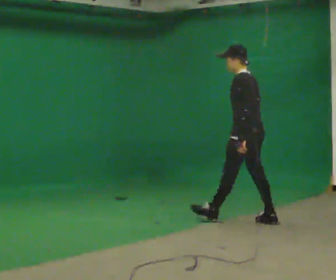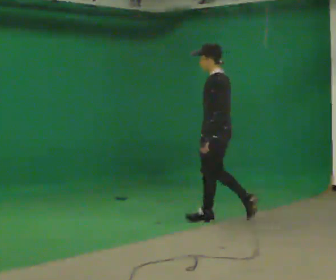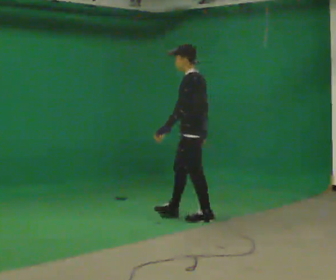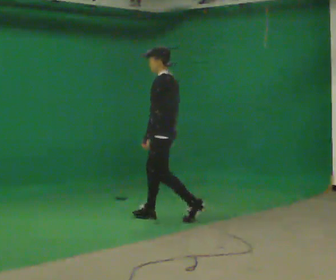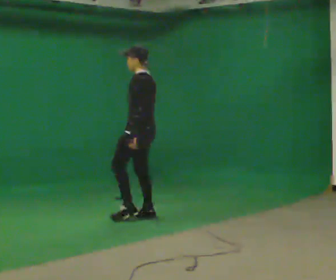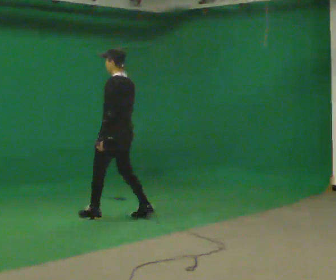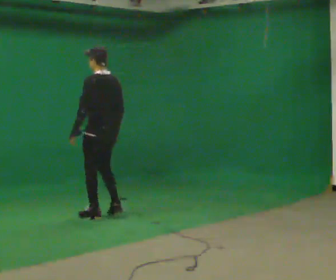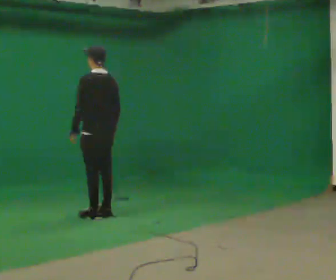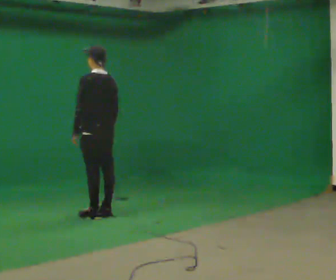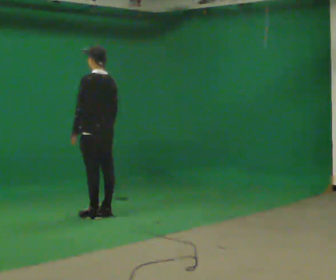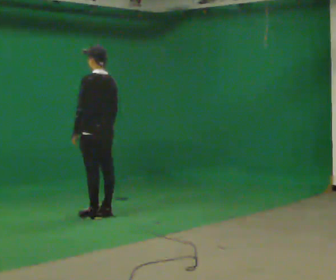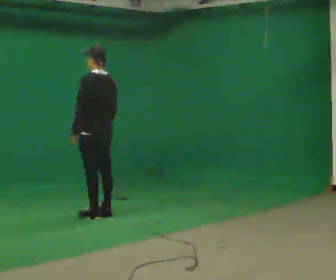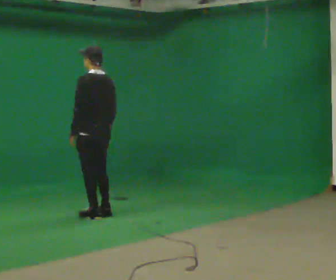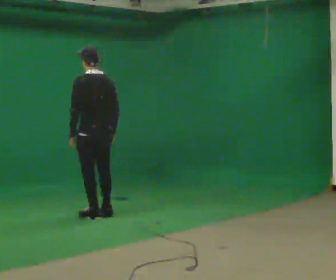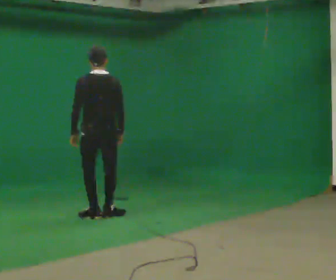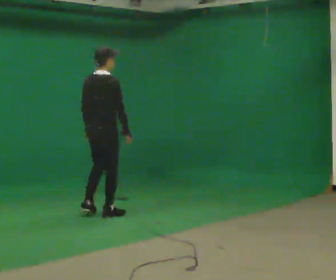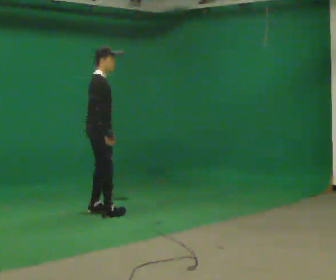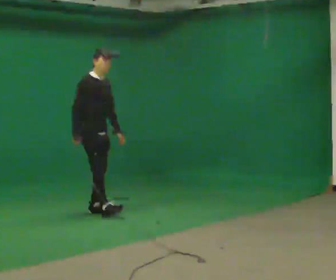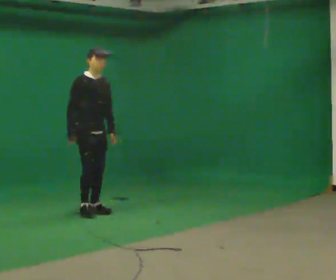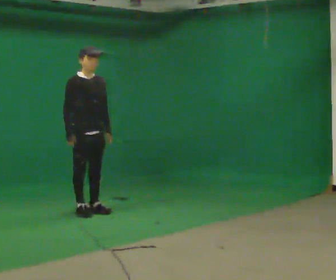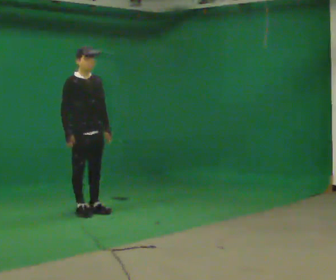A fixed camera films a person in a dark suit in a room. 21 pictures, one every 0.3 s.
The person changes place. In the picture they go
to the left.
The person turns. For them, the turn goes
to their right.
0.0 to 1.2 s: In the picture they go to the left and away from the camera, about 1 m in 2 steps, which for them is forward.
1.2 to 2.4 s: In the picture they go to the left, about 0.5 m in 2 steps, which for them is forward and to their left.
2.4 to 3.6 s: The person moves a little, or ends about where they began.
3.6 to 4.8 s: The person turns about 135 degrees to their right, clockwise seen from above, so the part of the body nearest the lens slides to the left.
4.8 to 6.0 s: Seen from above the body turns clockwise, about 60 degrees: to their right, with its near side sliding to the left. In the picture their right hand goes to the left.
The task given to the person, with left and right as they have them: Walk continuously around room; naturally change direction/speed; no manipulation.
The film runs forward here.
